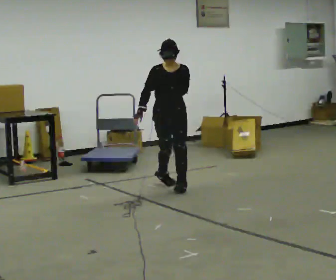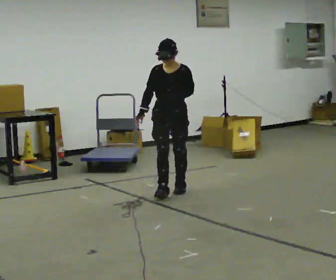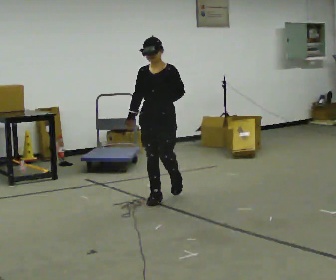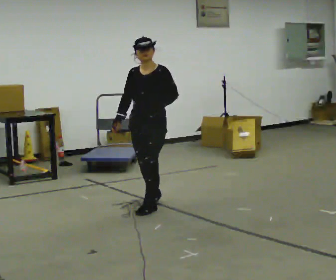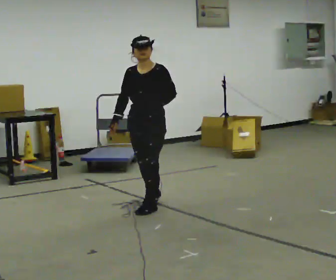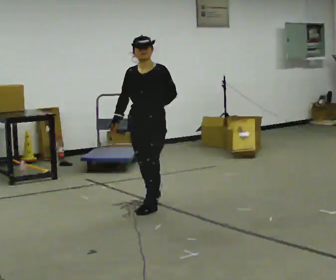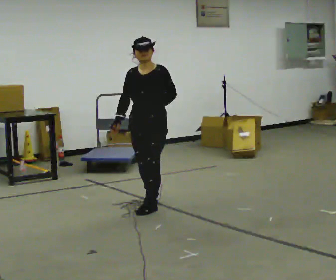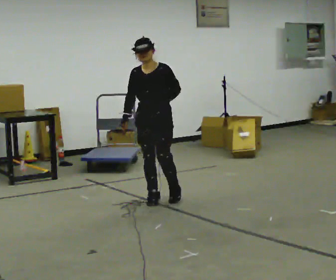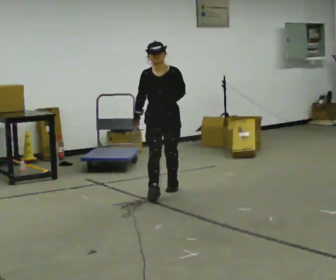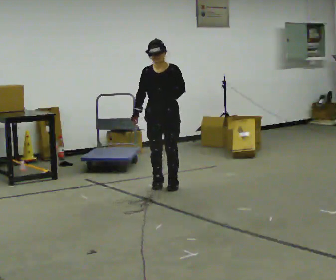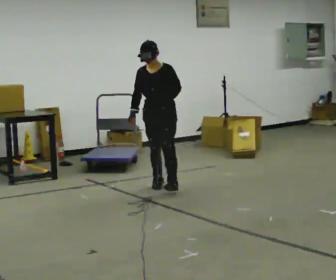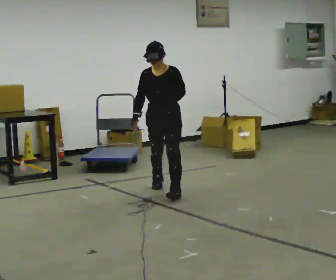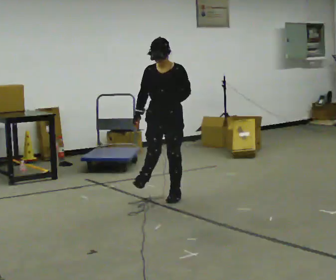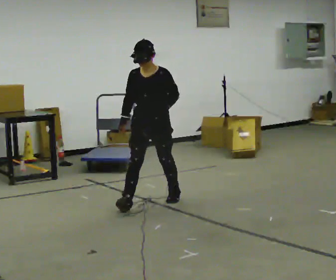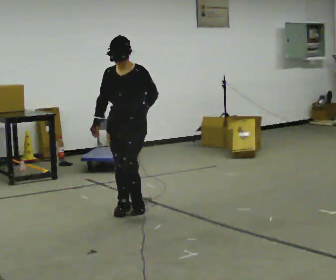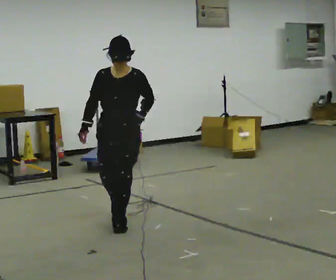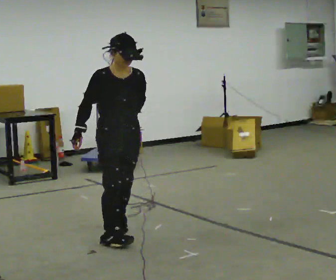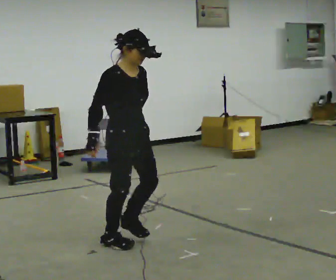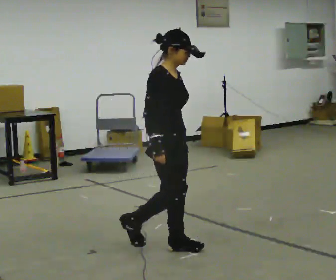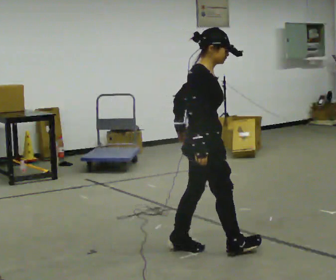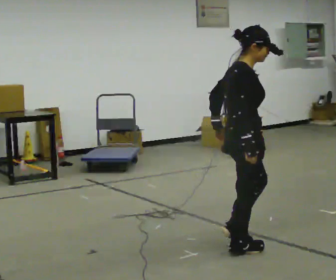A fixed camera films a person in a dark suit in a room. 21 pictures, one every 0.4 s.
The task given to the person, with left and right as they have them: Follow S-shaped path continuously; no stopping between curves.
0.0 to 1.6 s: The person turns about 30 degrees to their right, clockwise seen from above, so the part of the body nearest the lens slides to the left. In the picture they go toward the camera, about 1 m in 2 steps, which for them is forward.
1.6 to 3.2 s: In the picture they go away from the camera, about 0.5 m in 1 step, which for them is backward.
3.2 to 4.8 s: In the picture they go toward the camera, about 0.25 m in 2 steps, which for them is forward.
4.8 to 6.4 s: Seen from above the body turns counterclockwise, about 30 degrees: to their left, with its near side sliding to the right. In the picture they go toward the camera, about 1 m in 3 steps, which for them is forward.
6.4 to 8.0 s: Seen from above the body turns counterclockwise, about 75 degrees: to their left, with its near side sliding to the right. In the picture they go to the right and toward the camera, about 1 m in 2 steps.
The film runs forward here.
